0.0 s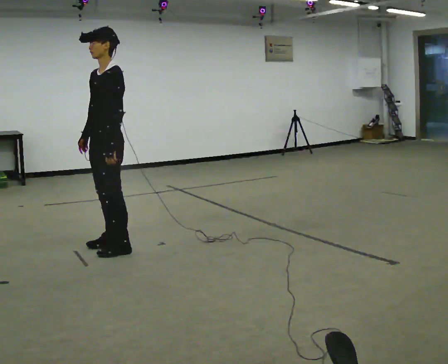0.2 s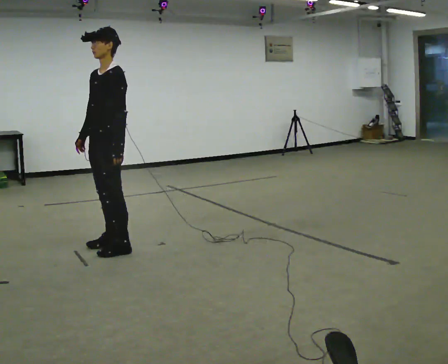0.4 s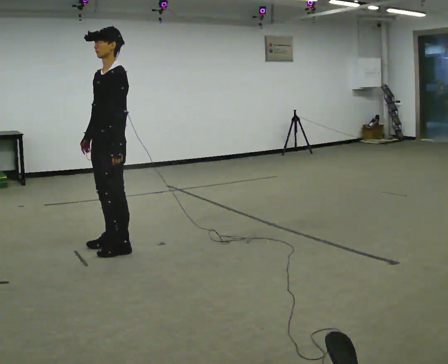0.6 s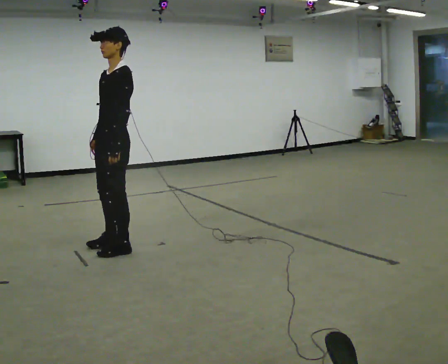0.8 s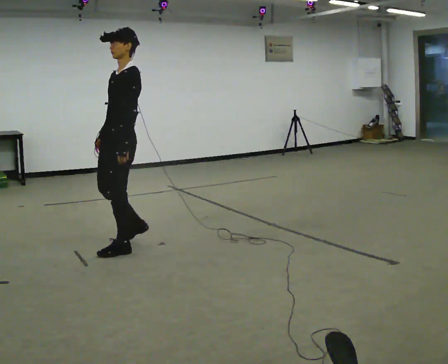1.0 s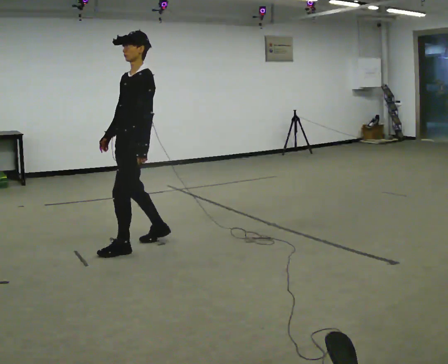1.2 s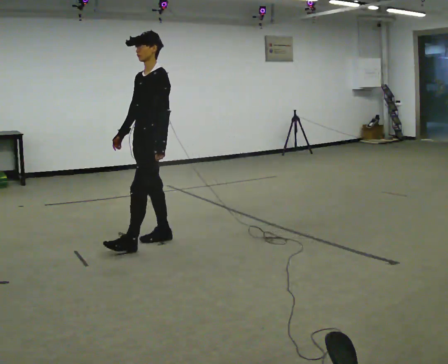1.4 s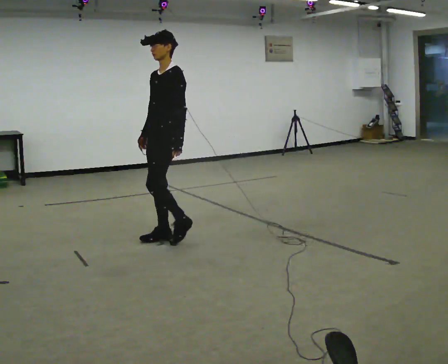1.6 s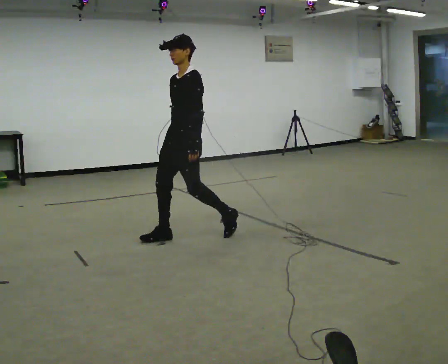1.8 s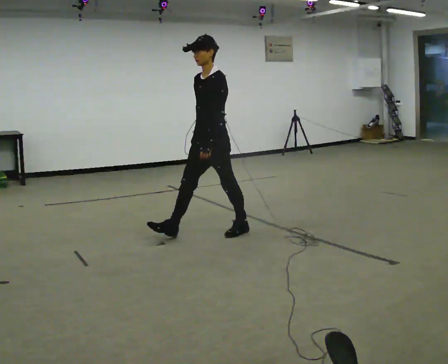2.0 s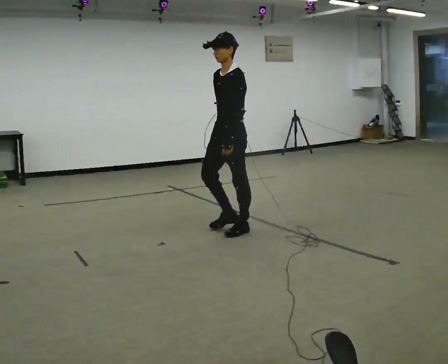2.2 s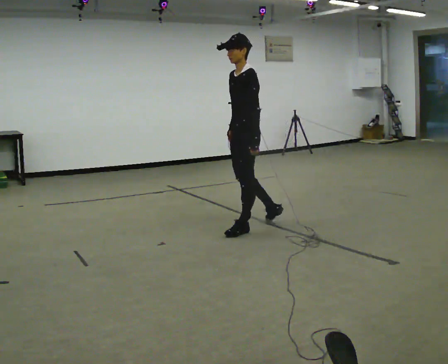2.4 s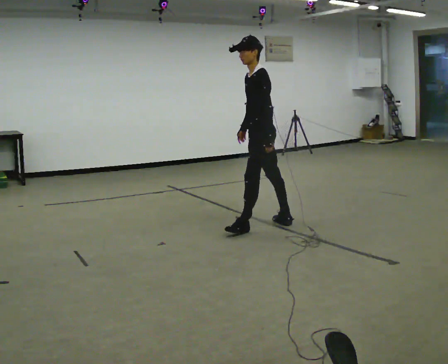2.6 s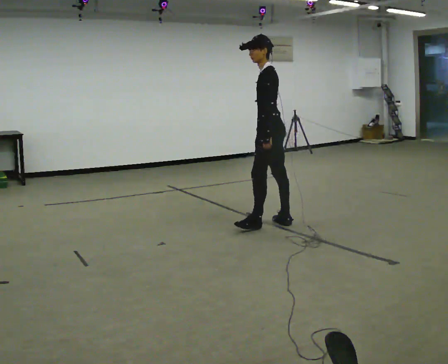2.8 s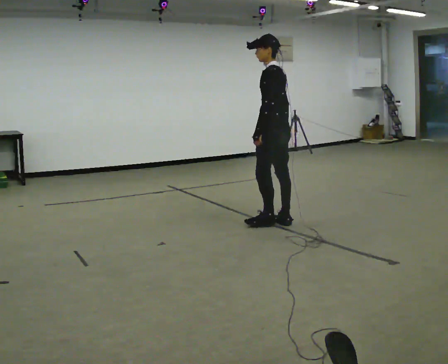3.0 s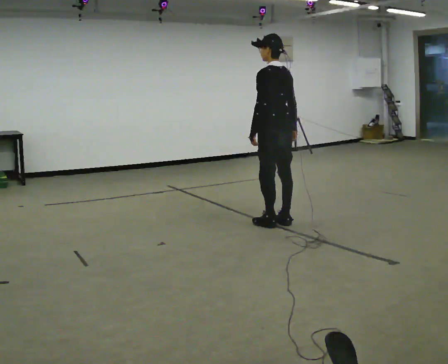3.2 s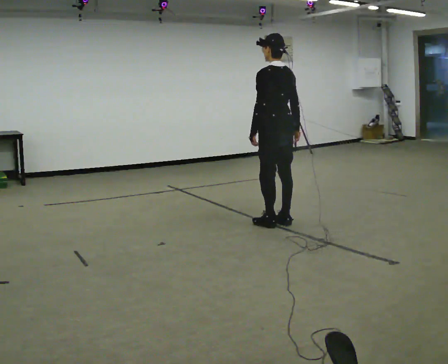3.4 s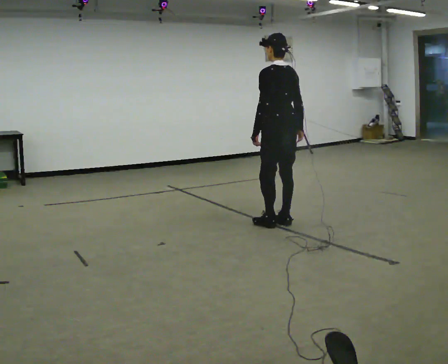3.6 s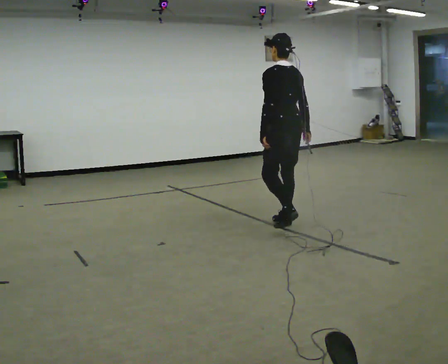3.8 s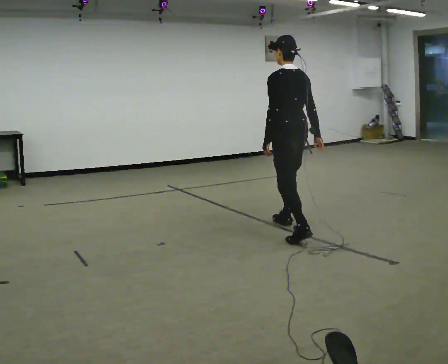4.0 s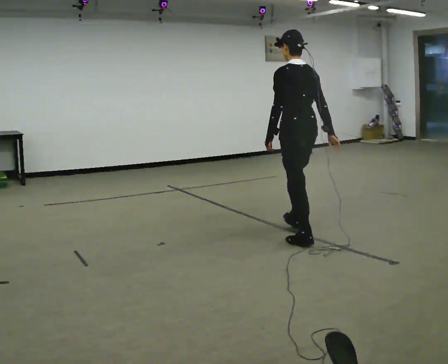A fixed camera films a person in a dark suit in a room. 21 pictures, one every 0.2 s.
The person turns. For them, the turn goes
to their right.
The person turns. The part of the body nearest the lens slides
to the left.
0.0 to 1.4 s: In the picture they go to the right and away from the camera, about 0.5 m in 2 steps, which for them is backward.
1.4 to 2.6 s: The part of the body nearest the lens slides to the left as the person turns to their right by about 45 degrees. In the picture they go to the right and away from the camera, about 1 m in 2 steps, which for them is backward.
2.6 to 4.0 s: Seen from above the body turns clockwise, about 45 degrees: to their right, with its near side sliding to the left. In the picture they go toward the camera and to the right, about 0.5 m in 2 steps, which for them is backward.
The film runs backward here.
